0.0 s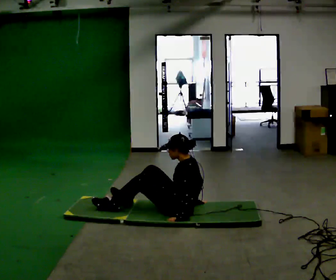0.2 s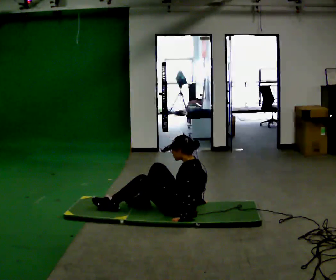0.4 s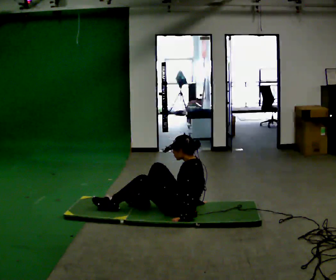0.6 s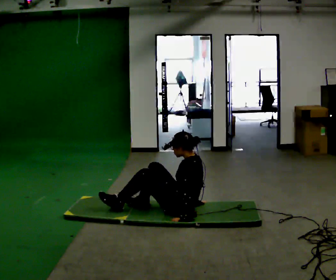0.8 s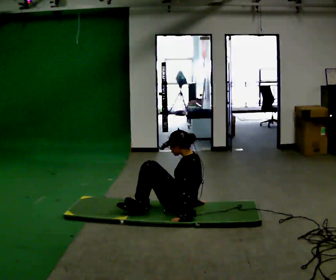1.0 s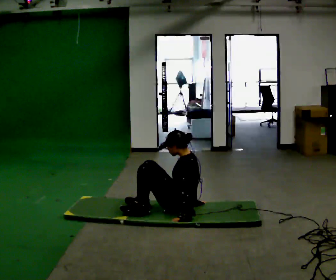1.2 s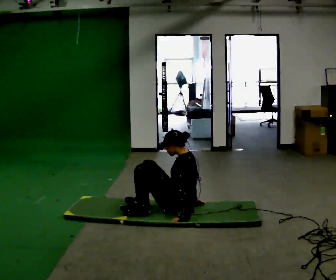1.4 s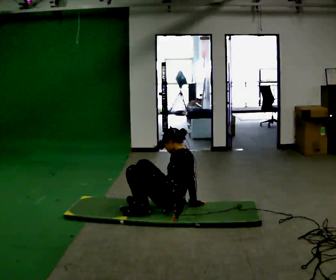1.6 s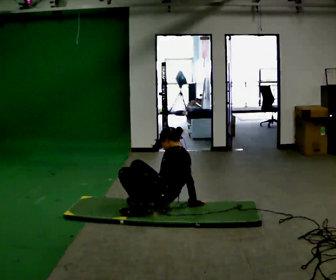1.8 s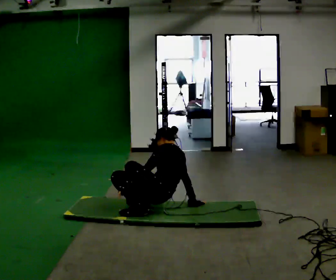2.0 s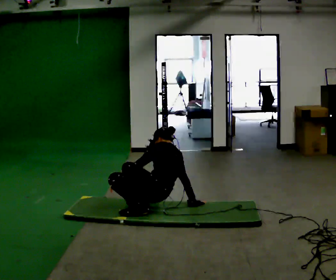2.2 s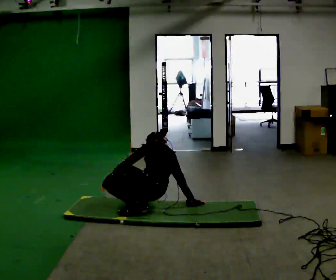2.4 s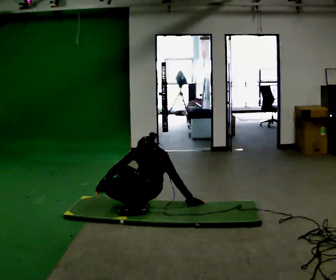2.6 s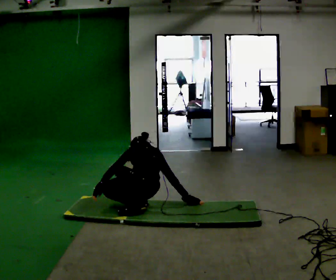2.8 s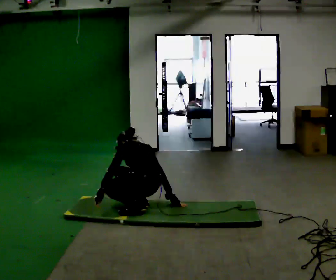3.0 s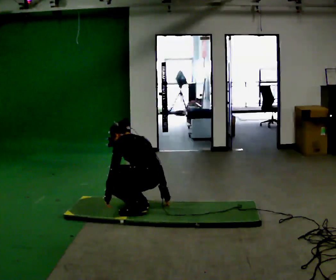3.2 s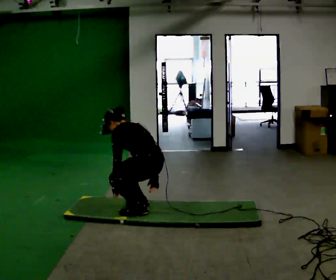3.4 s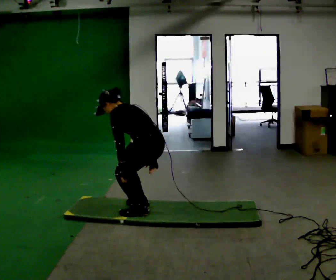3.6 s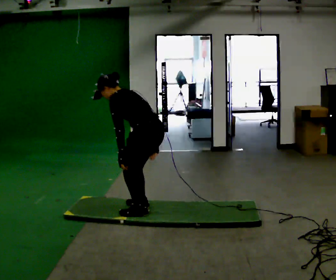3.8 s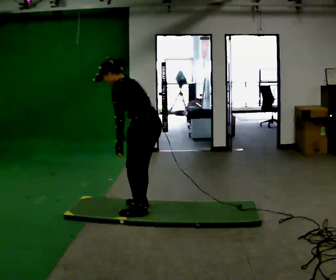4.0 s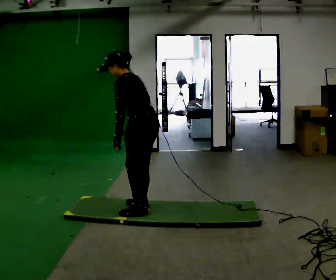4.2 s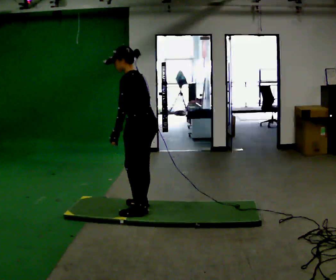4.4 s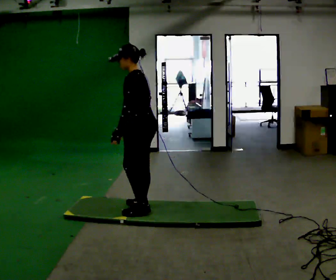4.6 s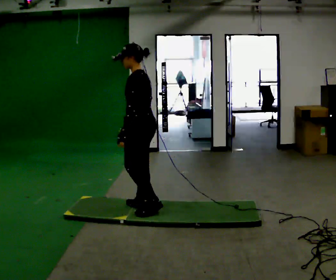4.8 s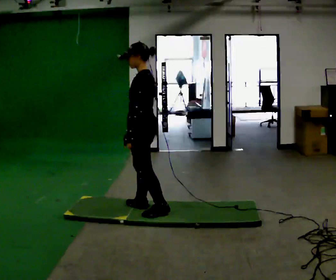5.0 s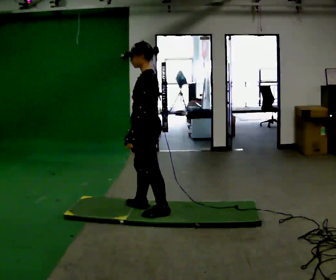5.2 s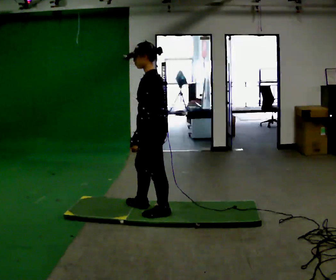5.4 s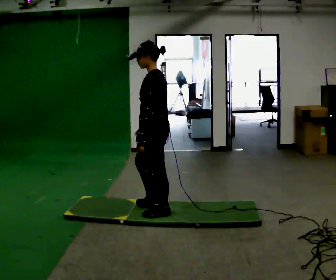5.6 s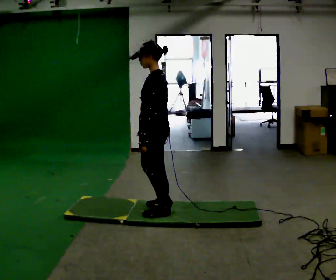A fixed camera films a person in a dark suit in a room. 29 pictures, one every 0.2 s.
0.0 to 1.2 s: The person moves a little, or ends about where they began.
1.2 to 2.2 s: The person turns about 30 degrees to their right, clockwise seen from above, so the part of the body nearest the lens slides to the left. In the picture they go to the left, about 0.25 m, which for them is forward and to their left. The upper body tips away from the camera, its near side rolling upward, as they bend forward. In the picture their left hand goes to the left, the arm swinging clockwise.
2.2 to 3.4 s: The shoulders move upward. In the picture the upper body tilts counterclockwise, shoulders to the left, as they bend forward.
3.4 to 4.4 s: The shoulders move upward. In the picture the upper body tilts clockwise, shoulders to the right, as they lean back or straighten.
4.4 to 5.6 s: In the picture they go toward the camera, about 0.25 m in 2 steps, which for them is to their left and backward.
The film runs forward here.
